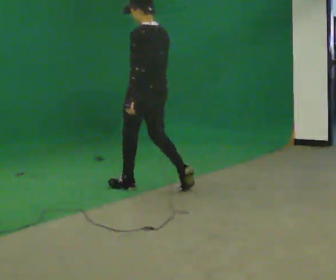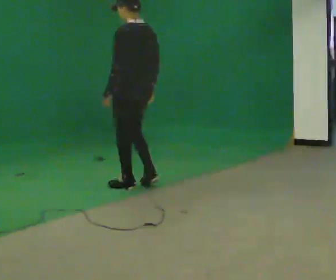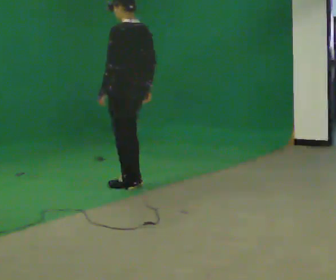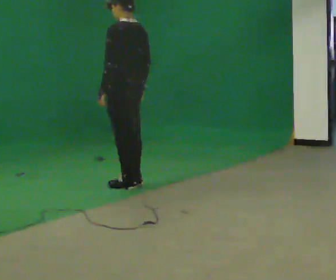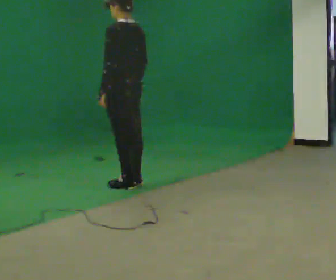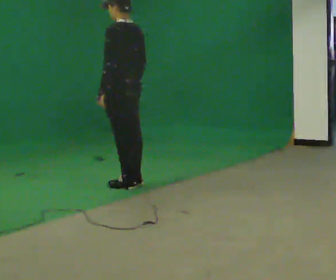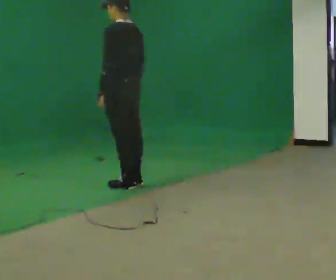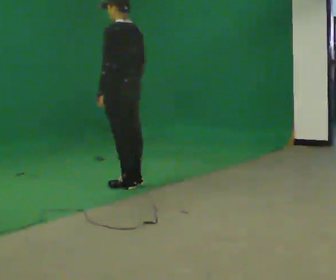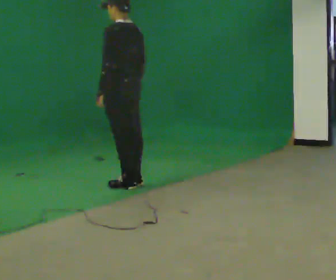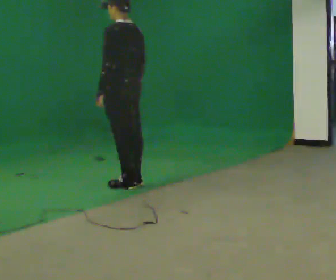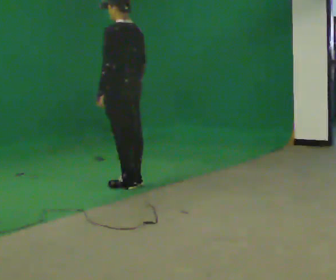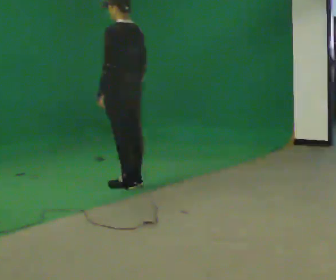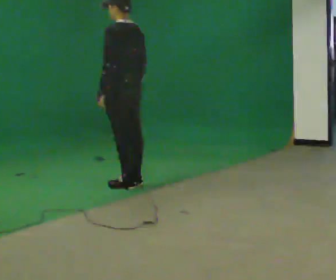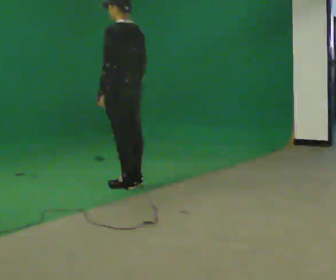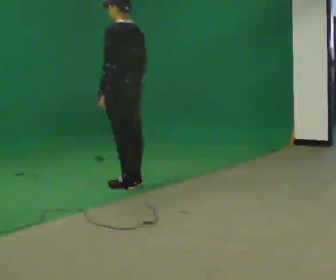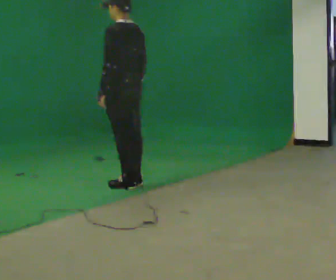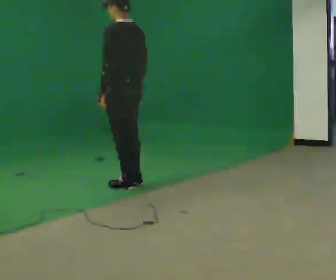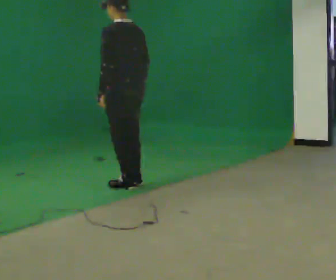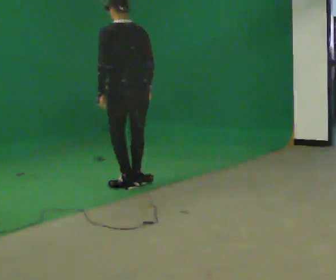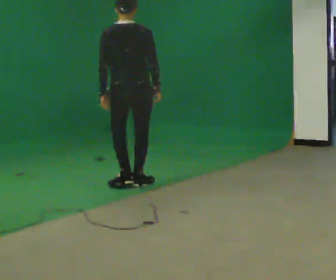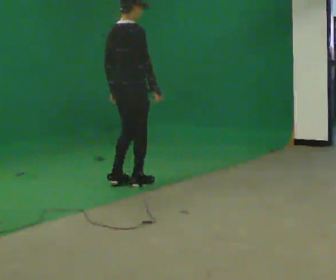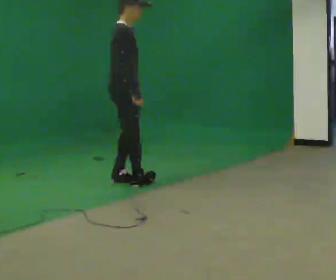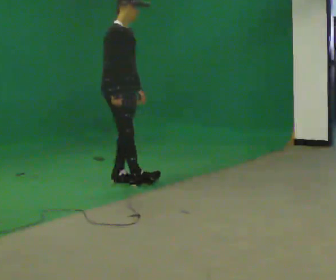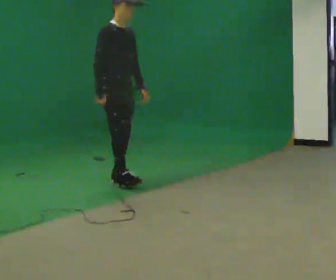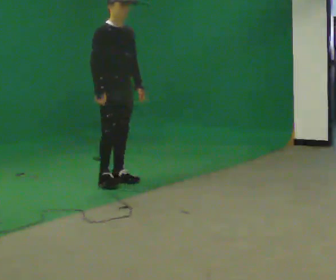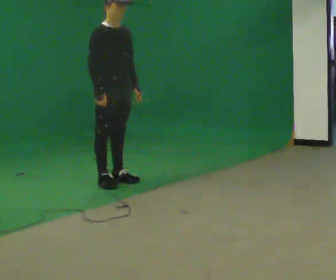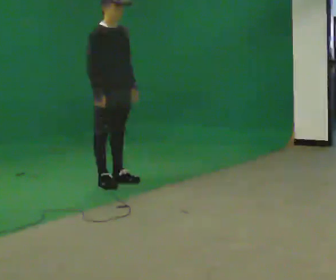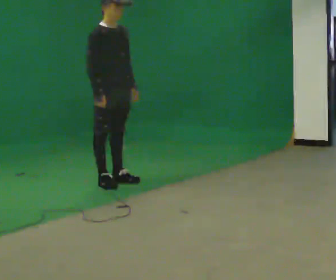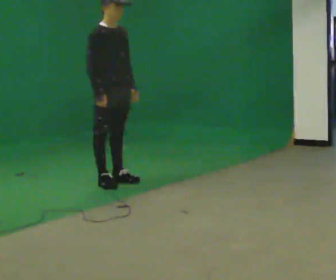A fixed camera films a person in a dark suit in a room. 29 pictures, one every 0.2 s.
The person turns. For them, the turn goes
to their right.
The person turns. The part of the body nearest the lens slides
to the left.
0.0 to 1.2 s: In the picture they go away from the camera and to the left, about 0.25 m in 1 step, which for them is forward.
1.2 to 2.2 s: The person keeps their place and pose.
2.2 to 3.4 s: The person moves a little, or ends about where they began.
3.4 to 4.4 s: The person turns about 150 degrees to their right, clockwise seen from above, so the part of the body nearest the lens slides to the left. In the picture they go away from the camera, about 0.25 m in 1 step. In the picture the upper body tilts clockwise, shoulders to the right. In the picture their right hand goes to the left.
4.4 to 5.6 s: The person moves a little, or ends about where they began.
The film runs forward here.
